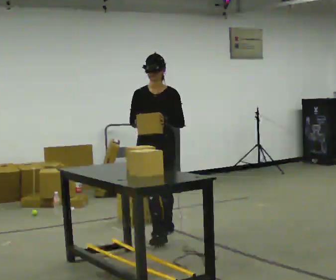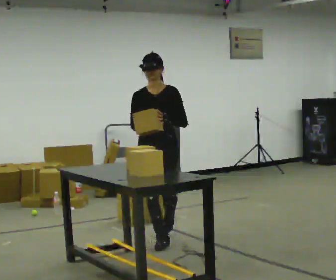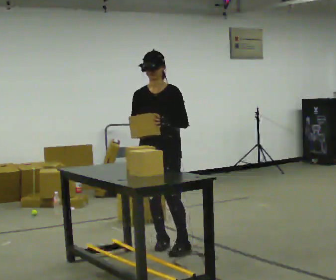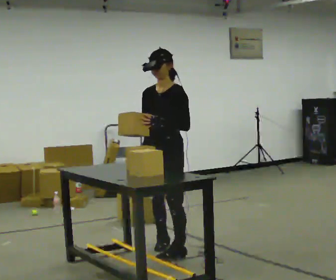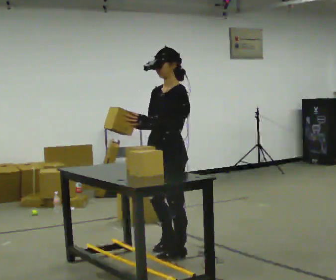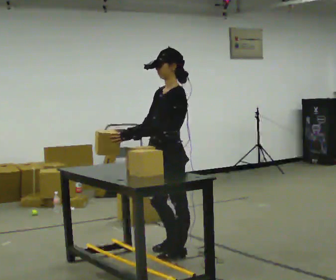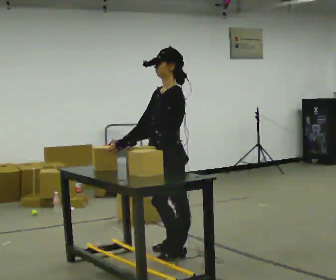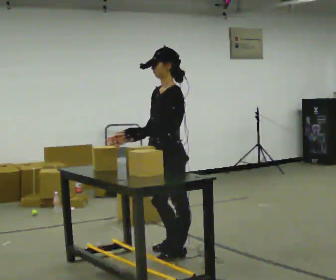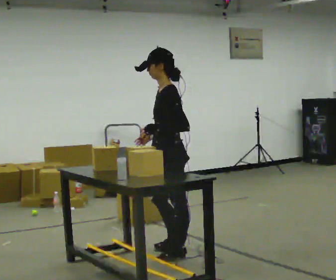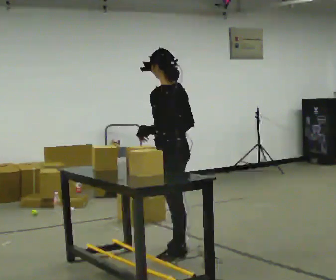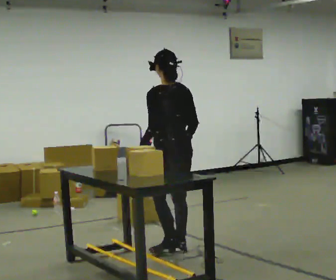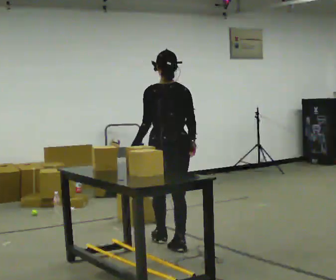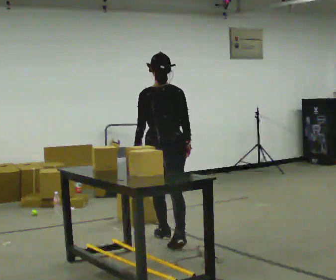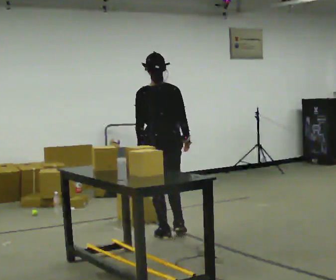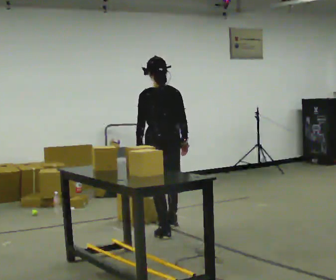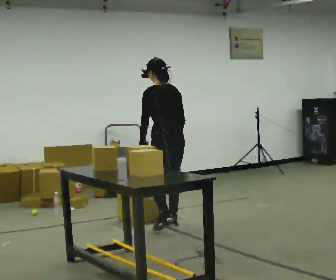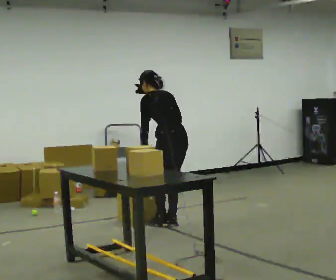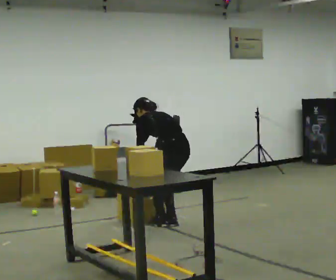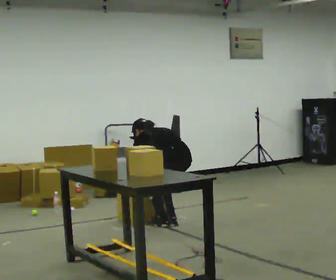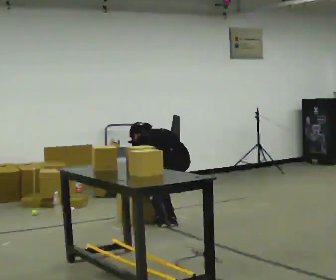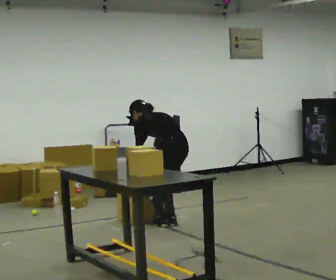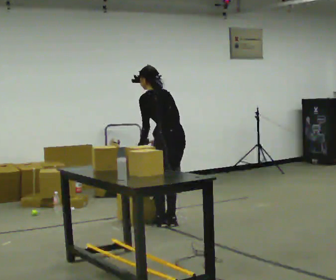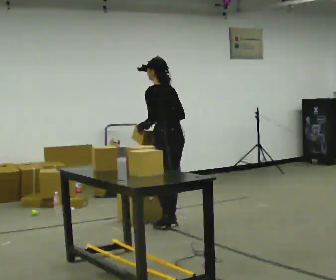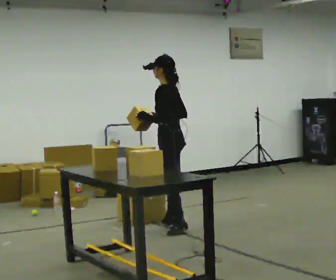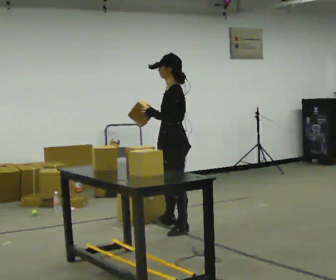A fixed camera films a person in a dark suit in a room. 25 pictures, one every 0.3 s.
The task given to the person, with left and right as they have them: Take objects out of the bin one at a time and lay them out on the table, stepping between the bin and the table each time. Keep going until the operator says stop; one object at a time, and do not rush between trips.
0.0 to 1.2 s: Seen from above the body turns clockwise, about 45 degrees: to their right, with its near side sliding to the left. In the picture they go toward the camera, about 0.5 m in 1 step, which for them is forward and to their left.
1.2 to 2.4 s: Seen from above the body turns clockwise, about 30 degrees: to their right, with its near side sliding to the left.
2.4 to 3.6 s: The part of the body nearest the lens slides to the left as the person turns to their right by about 90 degrees. In the picture they go away from the camera, about 0.5 m in 1 step.
3.6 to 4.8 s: The person turns about 30 degrees to their left, counterclockwise seen from above, so the part of the body nearest the lens slides to the right. In the picture they go away from the camera, about 0.5 m in 2 steps, which for them is forward and to their right. The upper body tips away from the camera, its near side rolling upward, as they bend forward.
4.8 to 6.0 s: The person moves a little, or ends about where they began.
6.0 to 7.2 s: The person turns about 60 degrees to their left, counterclockwise seen from above, so the part of the body nearest the lens slides to the right. In the picture they go toward the camera, about 0.25 m in 1 step. The shoulders move upward. The upper body tips toward the camera, its near side rolling downward, as they lean back or straighten. In the picture their left hand goes upward.
The film runs forward here.
